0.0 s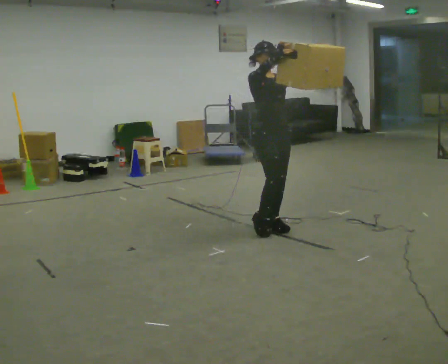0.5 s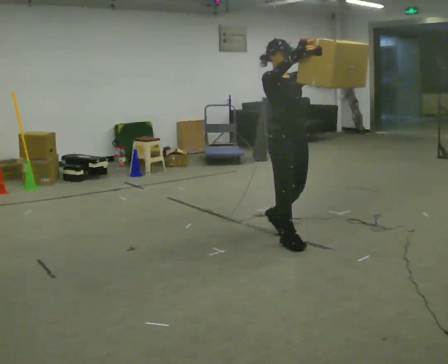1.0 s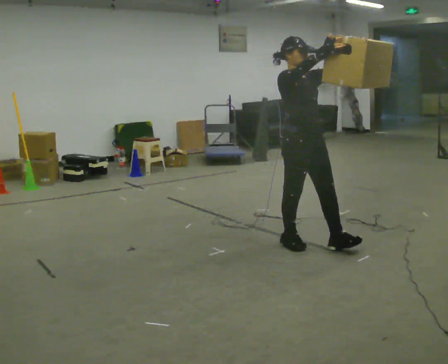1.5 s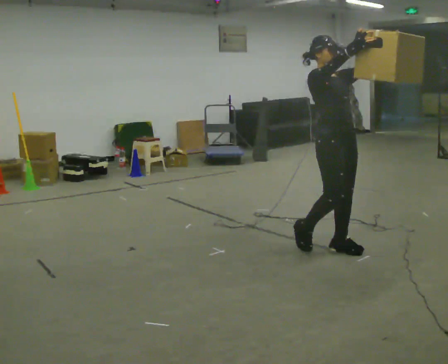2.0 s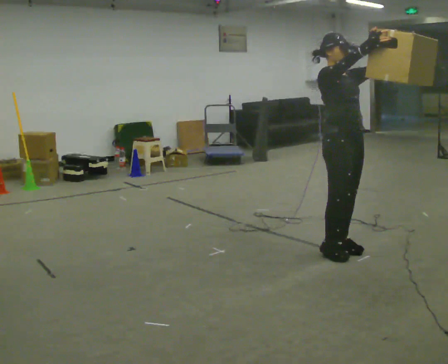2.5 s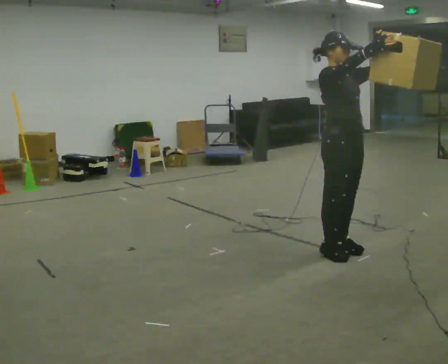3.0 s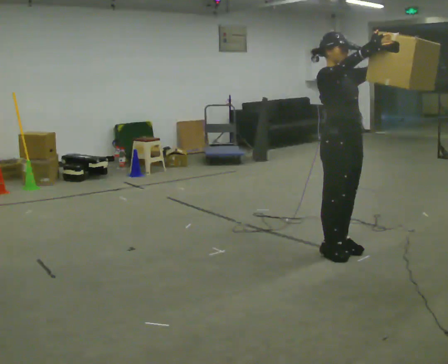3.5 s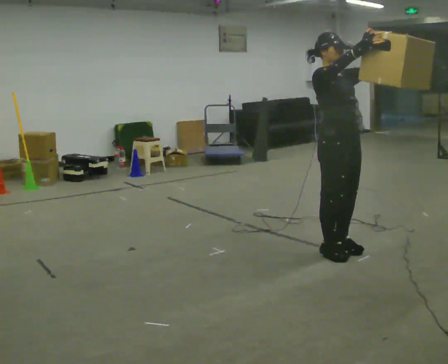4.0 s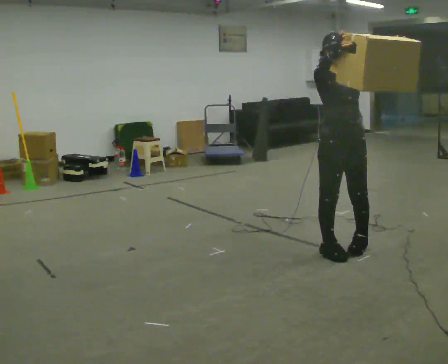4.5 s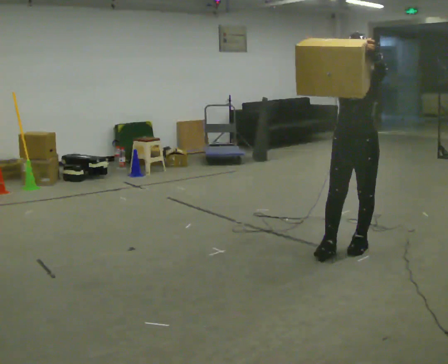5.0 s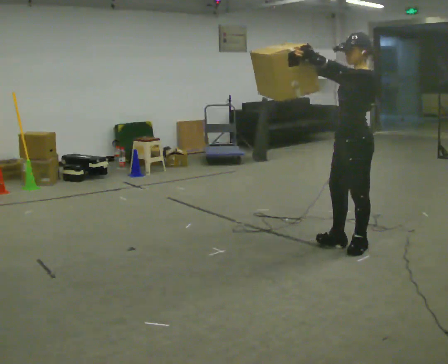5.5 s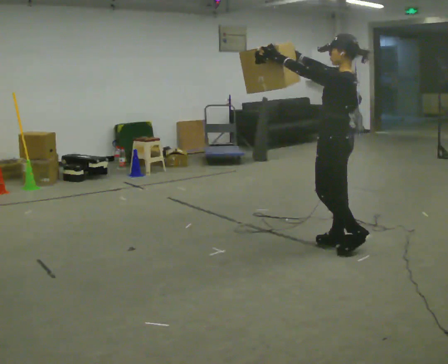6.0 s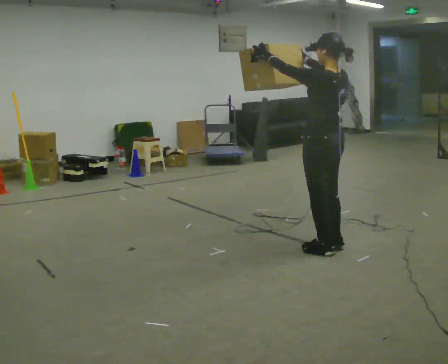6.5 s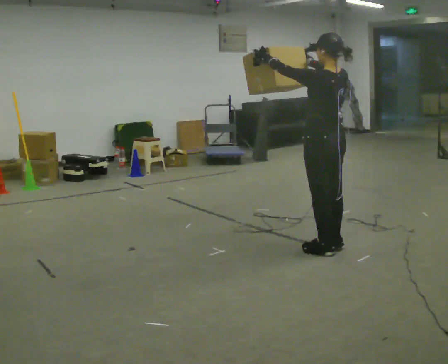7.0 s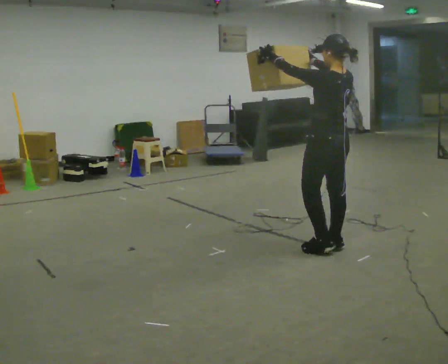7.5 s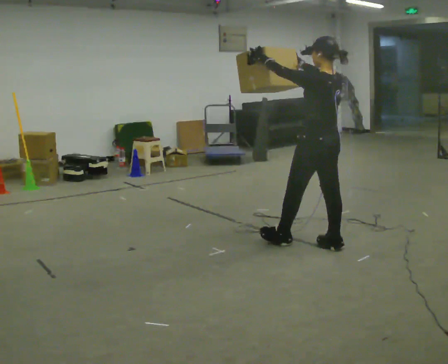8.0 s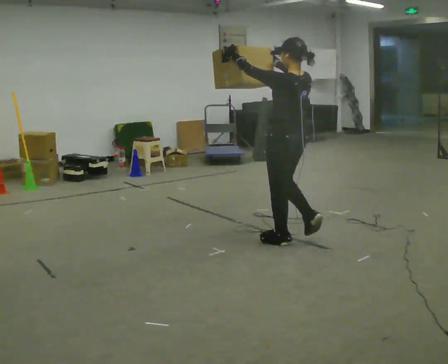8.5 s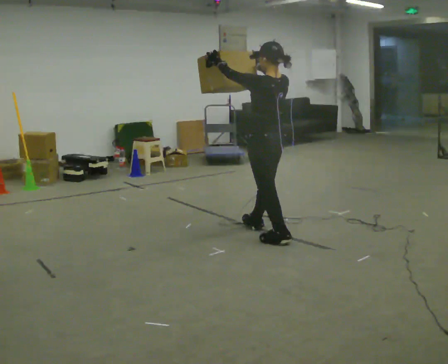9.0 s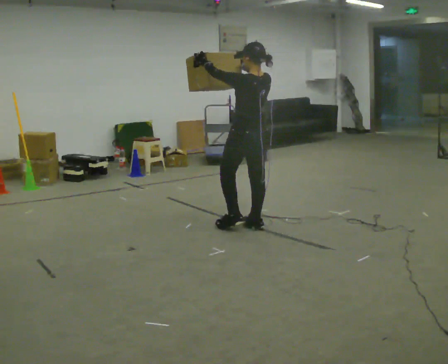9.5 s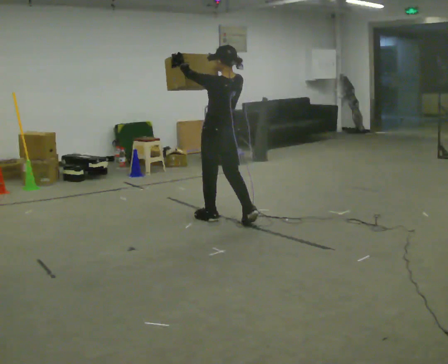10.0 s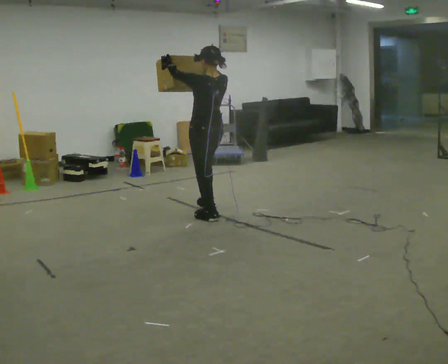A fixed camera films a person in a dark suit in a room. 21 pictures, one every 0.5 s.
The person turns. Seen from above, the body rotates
clockwise.
The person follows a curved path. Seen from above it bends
counterclockwise.
0.0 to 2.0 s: In the picture they go toward the camera and to the right, about 1 m in 3 steps, which for them is forward.
2.0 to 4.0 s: The part of the body nearest the lens slides to the left as the person turns to their right by about 30 degrees.
4.0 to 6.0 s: The part of the body nearest the lens slides to the left as the person turns to their right by about 150 degrees.
6.0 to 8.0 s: In the picture they go to the left and away from the camera, about 0.25 m in 1 step, which for them is forward.
8.0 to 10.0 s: In the picture they go to the left and away from the camera, about 1 m in 2 steps, which for them is forward.
The film runs forward here.
